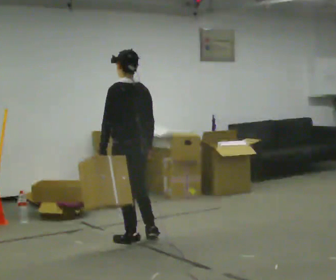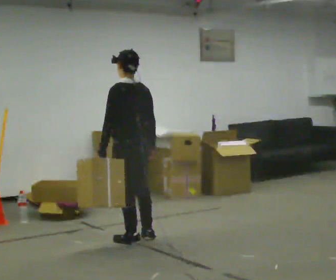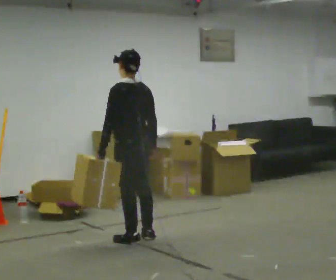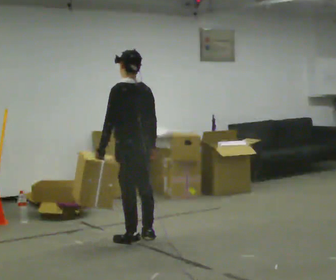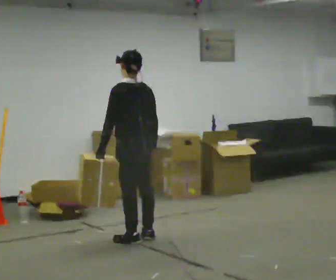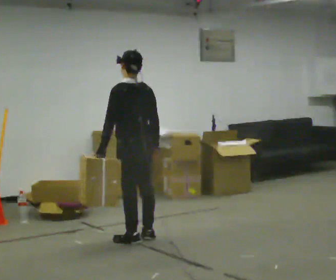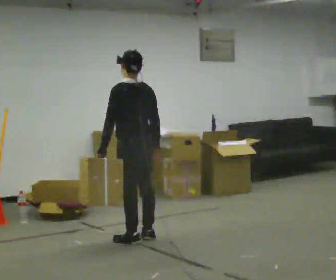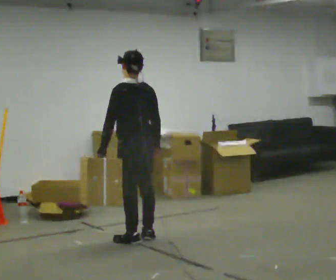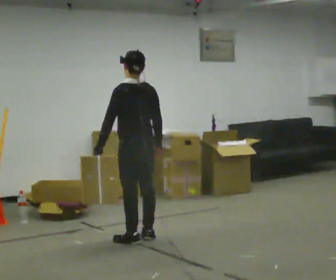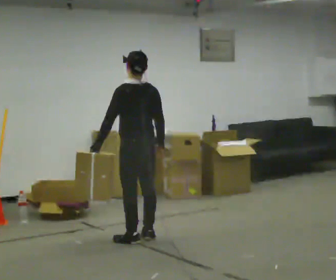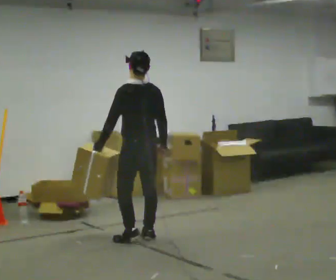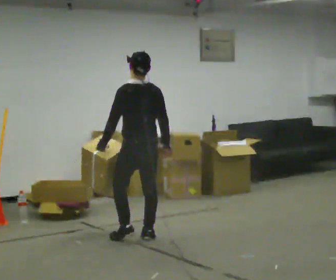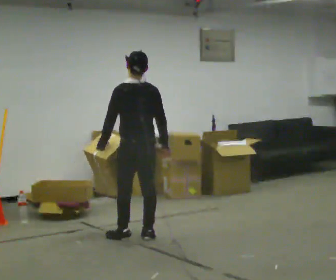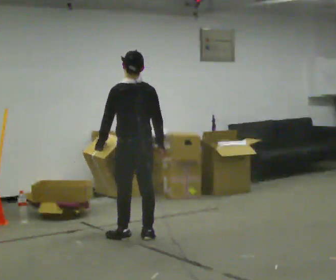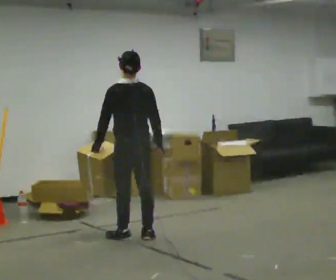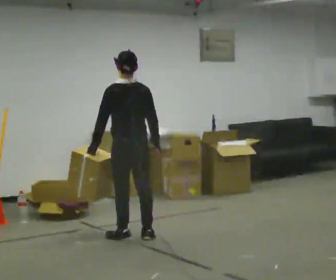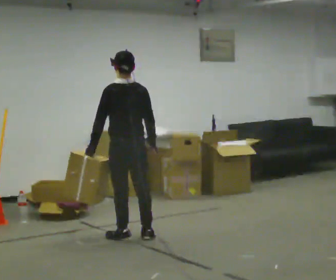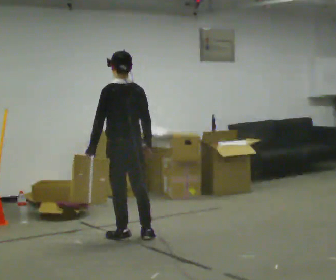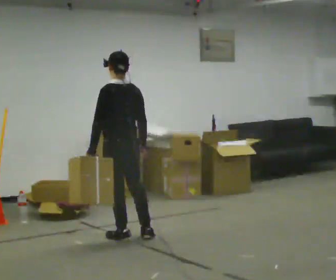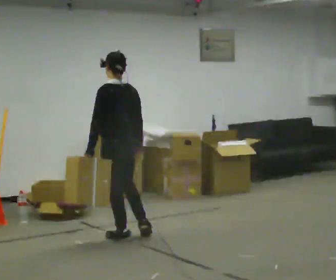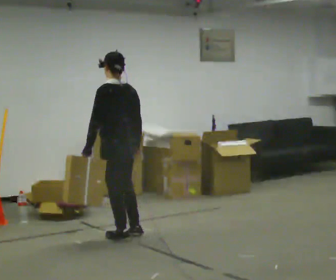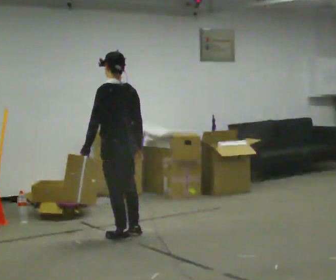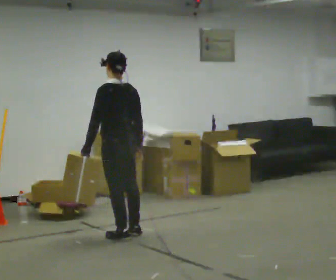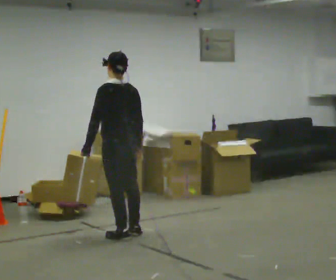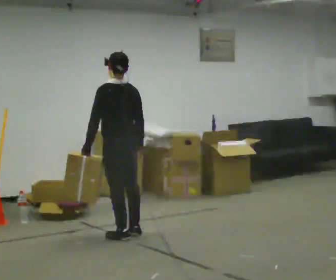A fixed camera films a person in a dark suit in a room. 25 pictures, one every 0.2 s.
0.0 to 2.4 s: The person moves a little, or ends about where they began.
2.4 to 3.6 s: In the picture they go to the left, about 0.25 m, which for them is to their left.
3.6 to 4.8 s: The person moves a little, or ends about where they began.
The film runs forward here.
